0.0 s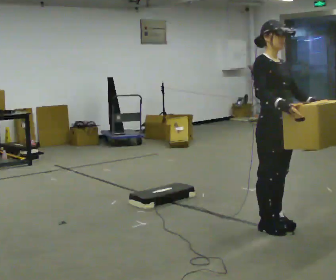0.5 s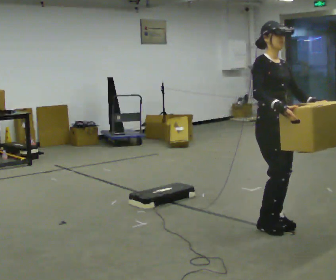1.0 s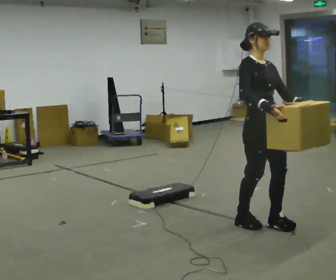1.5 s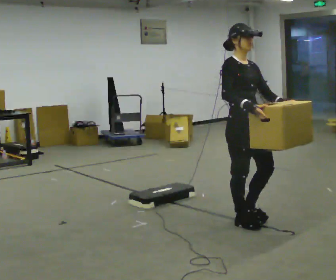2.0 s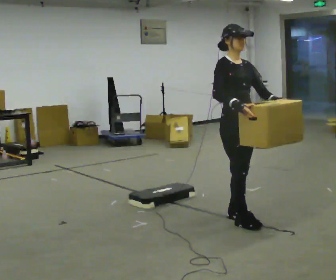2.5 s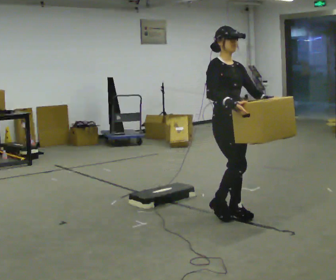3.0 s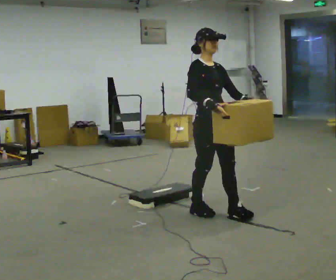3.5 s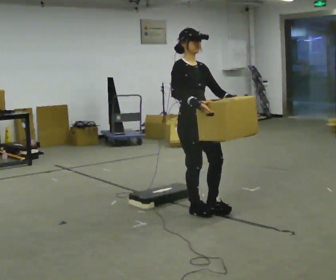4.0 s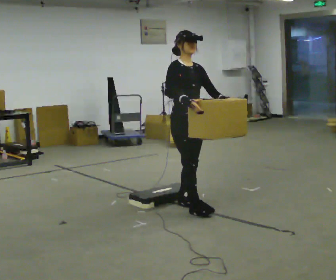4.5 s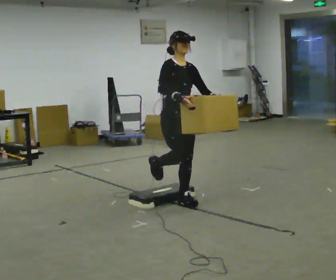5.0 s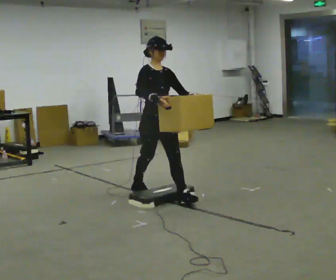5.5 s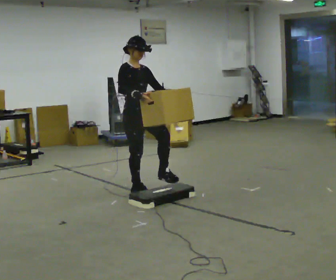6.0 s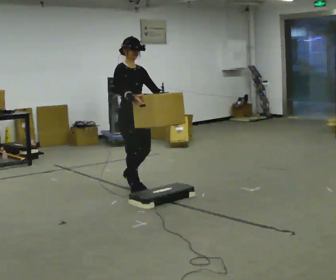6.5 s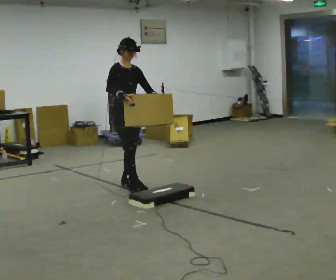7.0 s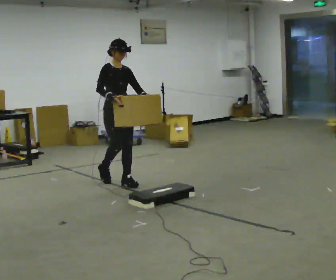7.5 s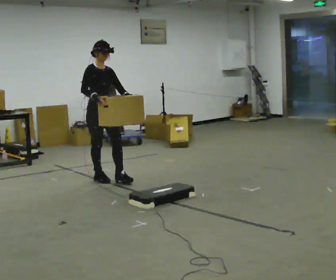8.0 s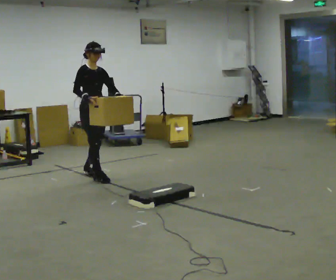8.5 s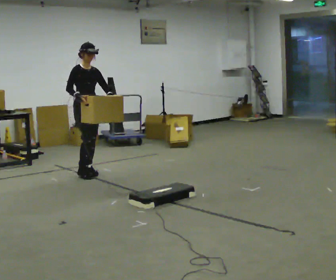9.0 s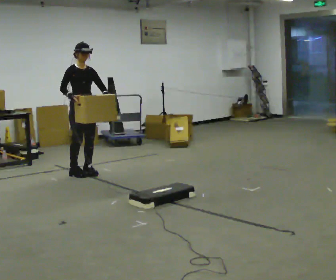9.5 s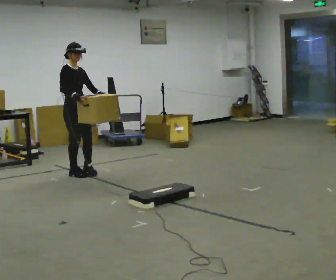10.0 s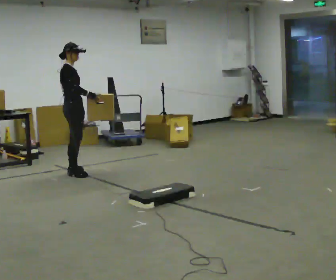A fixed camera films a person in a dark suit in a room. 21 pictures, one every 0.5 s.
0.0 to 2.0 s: In the picture they go away from the camera and to the left, about 0.25 m in 2 steps, which for them is backward.
2.0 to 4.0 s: In the picture they go to the left and away from the camera, about 0.5 m in 2 steps, which for them is backward.
4.0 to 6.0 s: In the picture they go away from the camera and to the left, about 1 m in 2 steps, which for them is backward.
6.0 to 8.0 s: In the picture they go away from the camera and to the left, about 1 m in 2 steps, which for them is backward.
8.0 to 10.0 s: The person turns about 45 degrees to their left, counterclockwise seen from above, so the part of the body nearest the lens slides to the right. In the picture they go to the left and away from the camera, about 0.25 m in 2 steps, which for them is backward and to their right.
The film runs backward here.
